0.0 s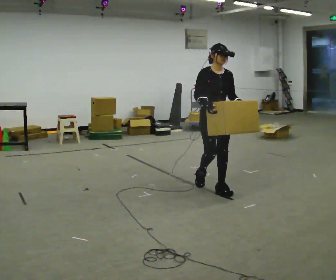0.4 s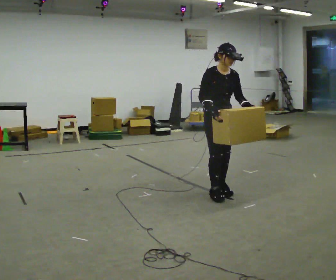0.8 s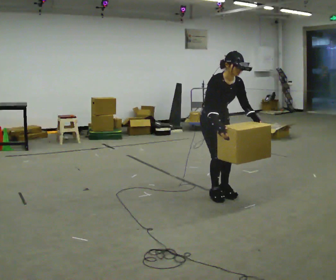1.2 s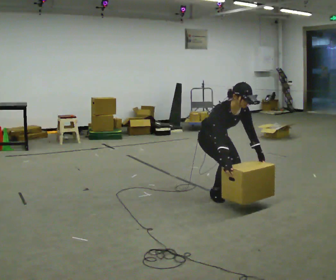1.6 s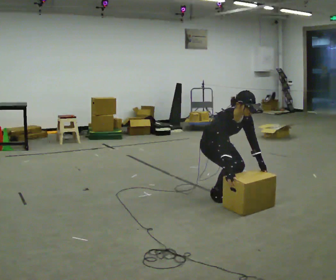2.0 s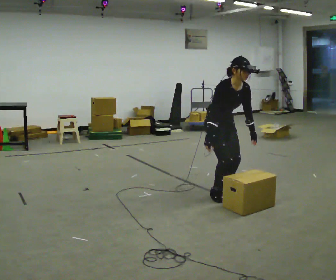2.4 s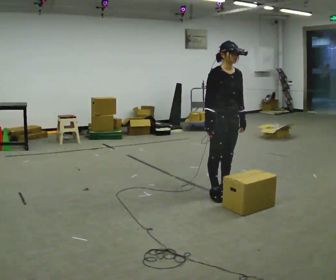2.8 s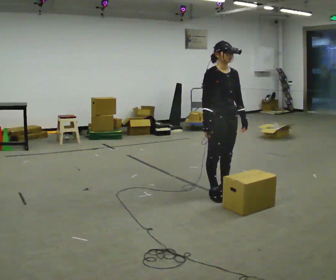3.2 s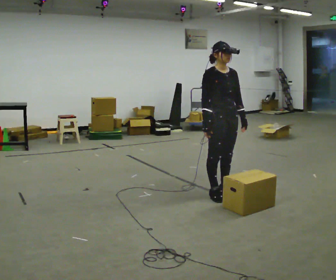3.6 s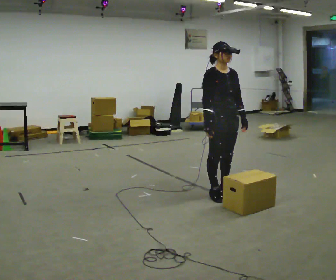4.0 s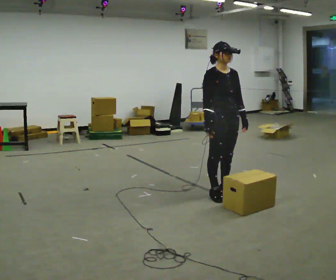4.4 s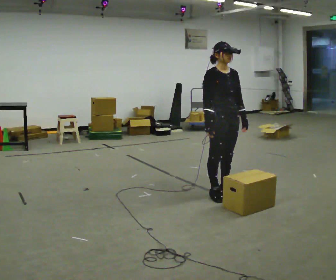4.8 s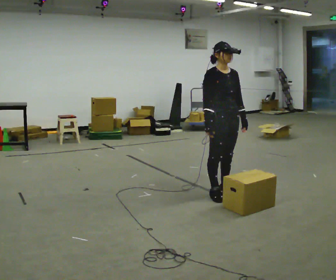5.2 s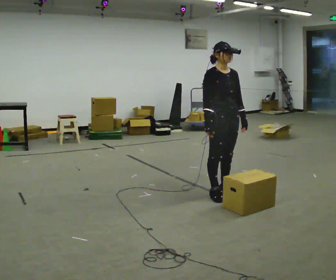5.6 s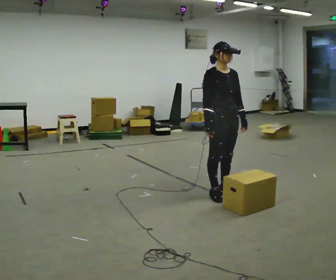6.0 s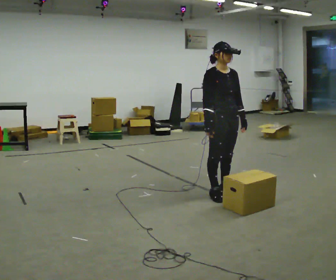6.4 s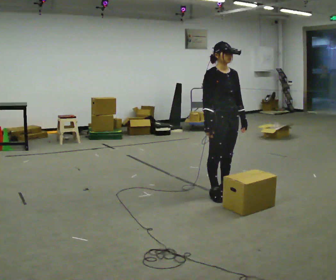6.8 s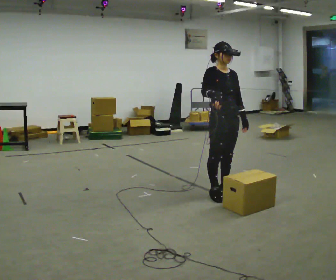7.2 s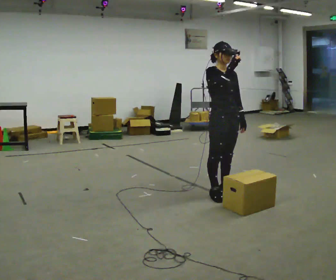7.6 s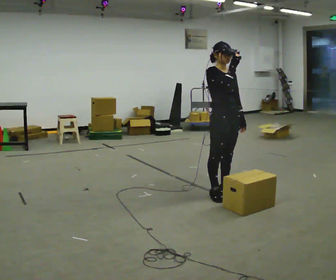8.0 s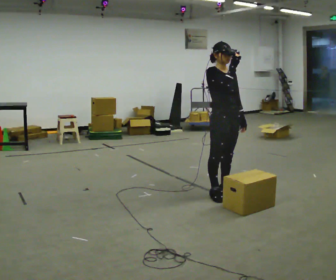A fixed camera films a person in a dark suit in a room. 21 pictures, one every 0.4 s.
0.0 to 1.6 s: The upper body goes downward. The upper body tips toward the camera, its near side rolling downward, as they bend forward. In the picture their right hand goes downward.
1.6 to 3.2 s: The upper body goes upward. The upper body tips away from the camera, its near side rolling upward, as they lean back or straighten. In the picture their right hand goes upward.
3.2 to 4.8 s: The person keeps their place and pose.
4.8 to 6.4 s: The person moves a little, or ends about where they began.
6.4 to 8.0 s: In the picture their right hand goes upward.
The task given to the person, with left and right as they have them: Carry the box along the marked route, turning 90 degrees at the corner the operator calls, and set it down at the end. Keep going until the operator says stop; one object at a time, and do not rush between trips.
The film runs forward here.
